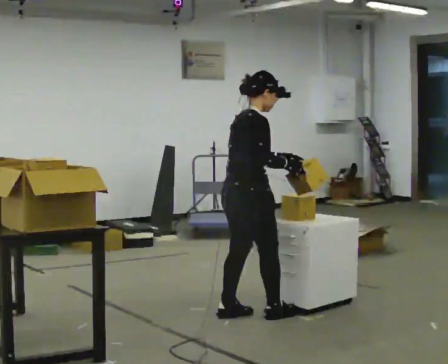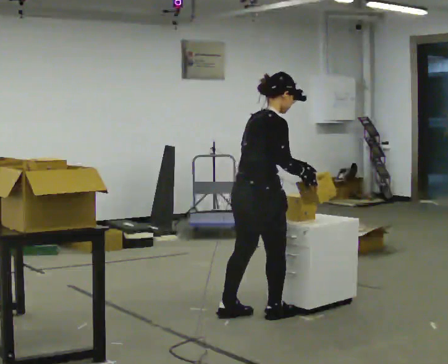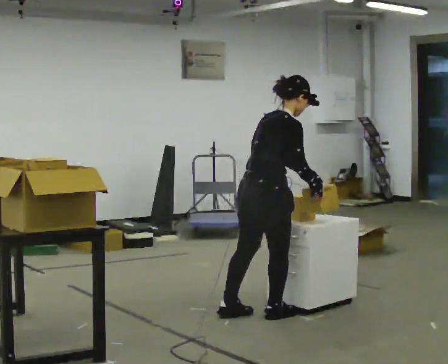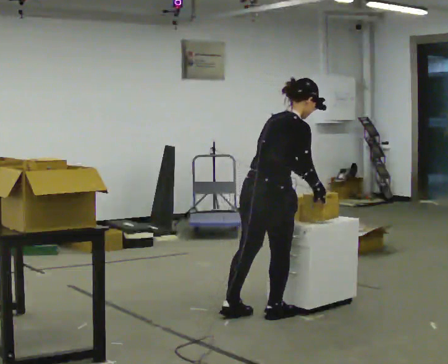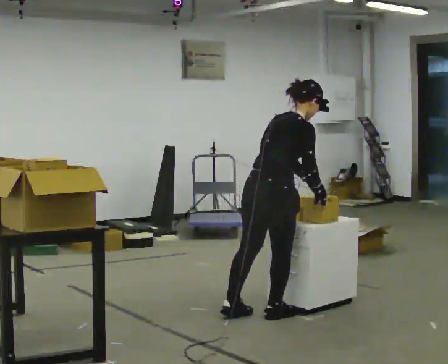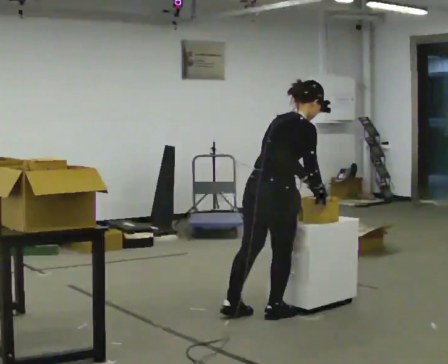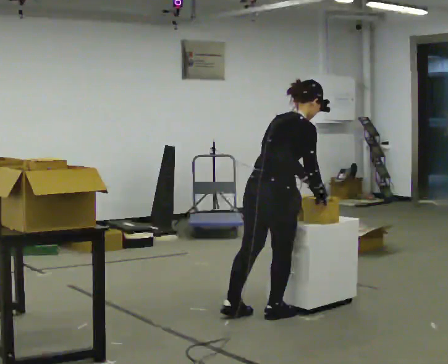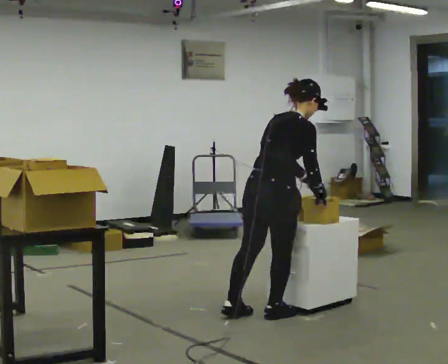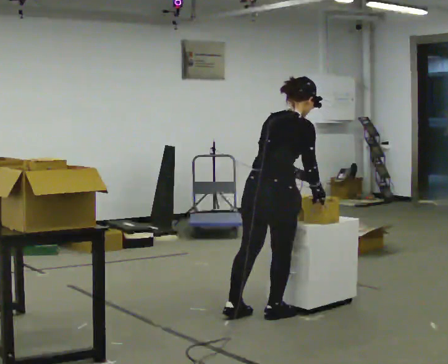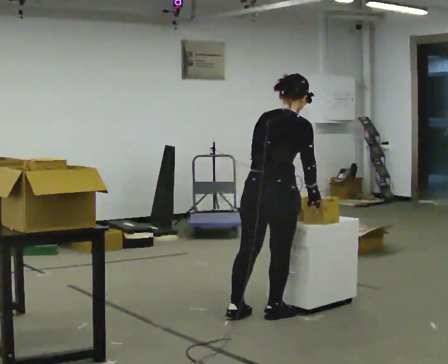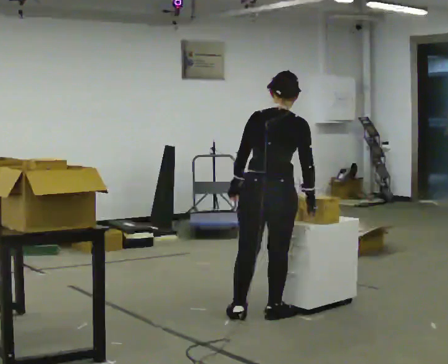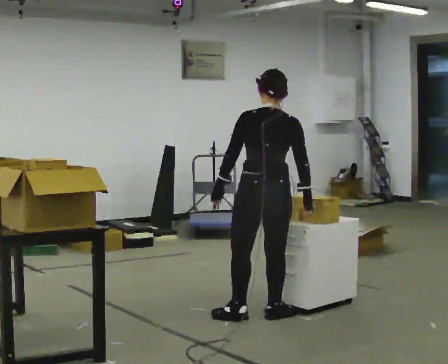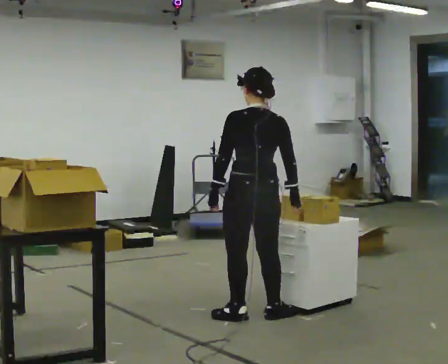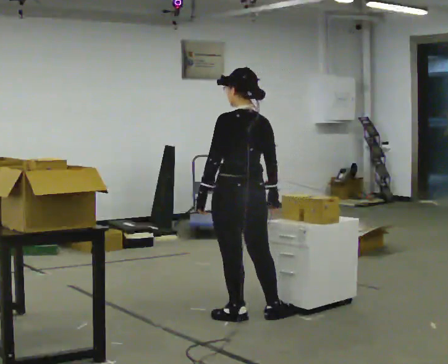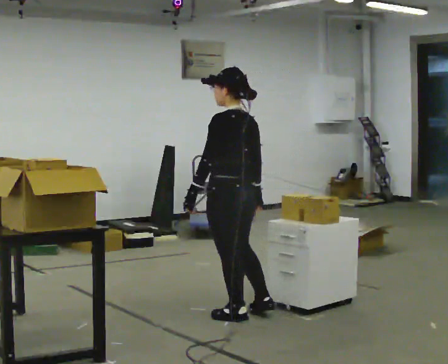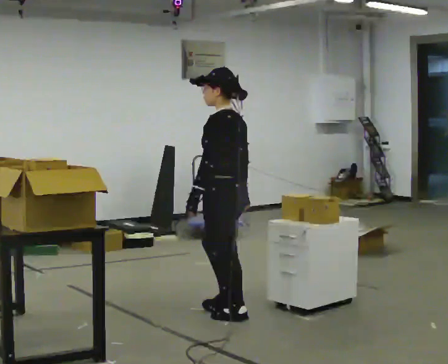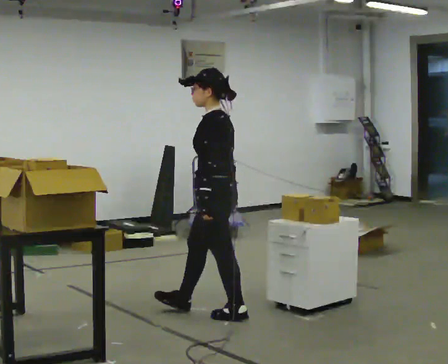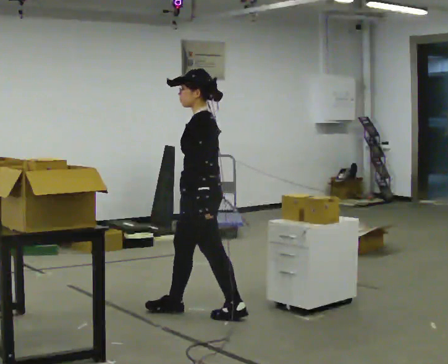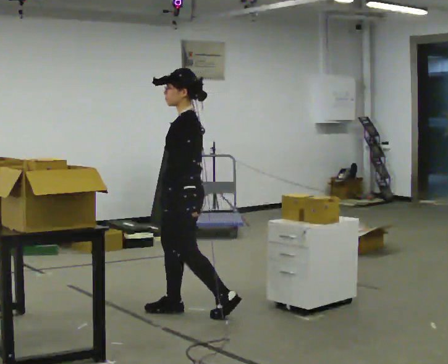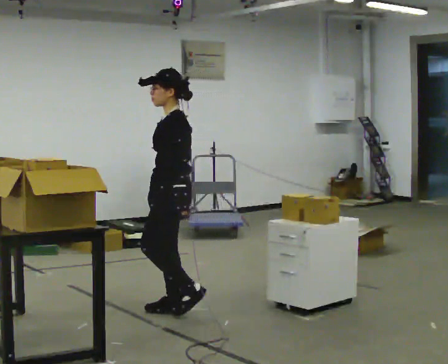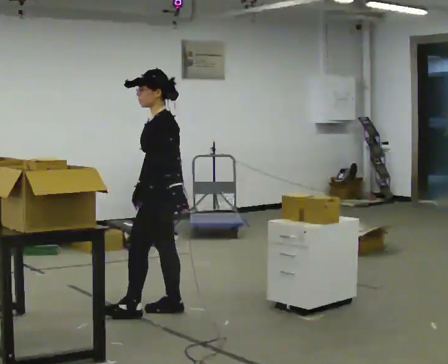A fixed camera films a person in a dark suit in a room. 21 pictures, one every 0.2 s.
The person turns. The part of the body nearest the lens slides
to the right.
The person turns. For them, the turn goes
to their left.
0.0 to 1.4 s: In the picture the upper body tilts clockwise, shoulders to the right, as they bend forward.
1.4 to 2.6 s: The person turns about 75 degrees to their left, counterclockwise seen from above, so the part of the body nearest the lens slides to the right. In the picture they go to the left, about 0.25 m. In the picture the upper body tilts counterclockwise, shoulders to the left, as they lean back or straighten. In the picture their left hand goes to the left, the arm swinging clockwise.
2.6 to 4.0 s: The part of the body nearest the lens slides to the right as the person turns to their left by about 75 degrees. In the picture they go to the left, about 0.5 m in 1 step.
The film runs forward here.
